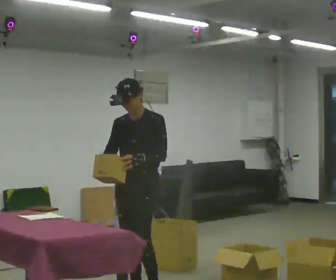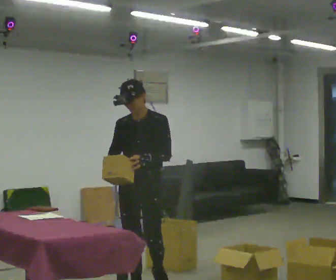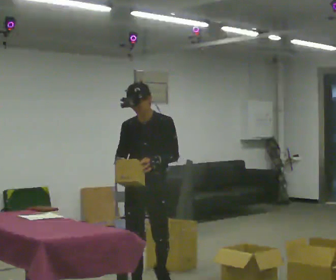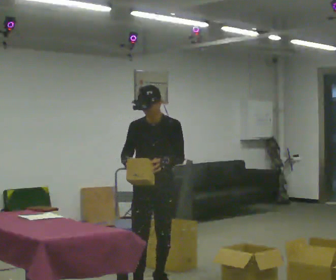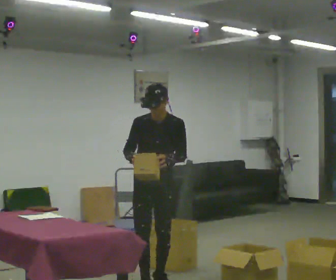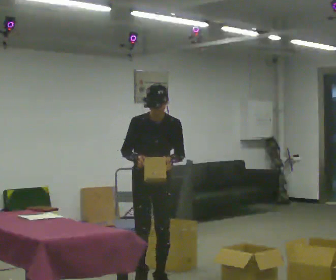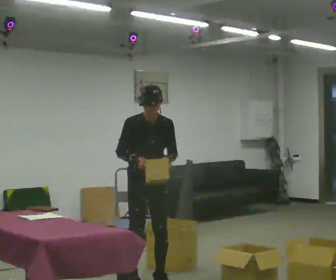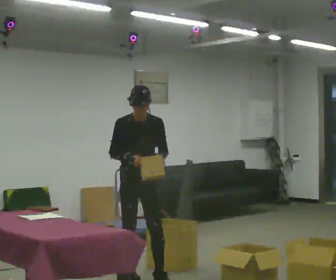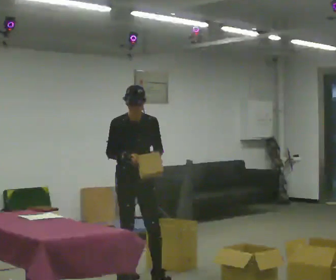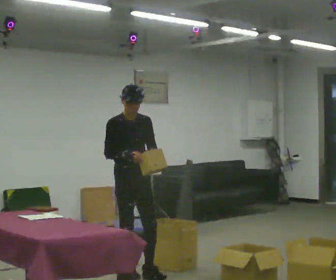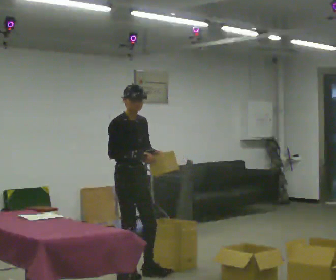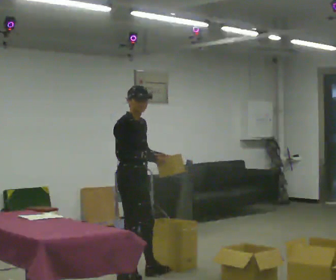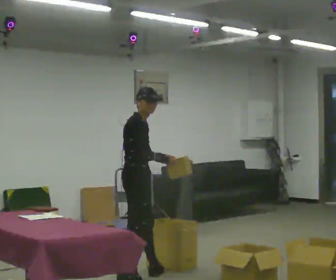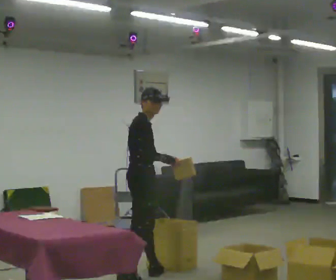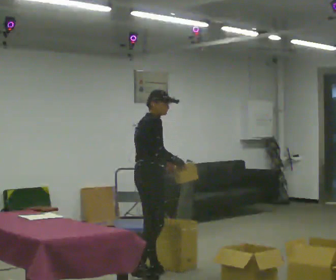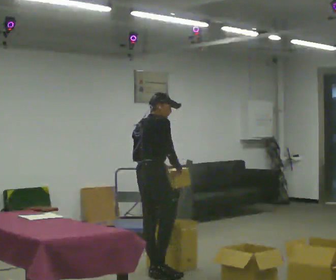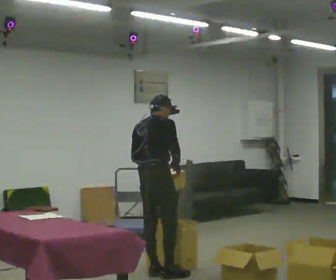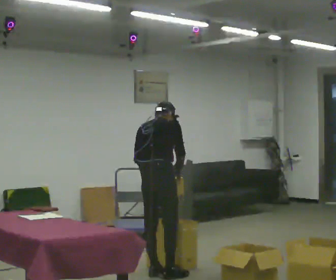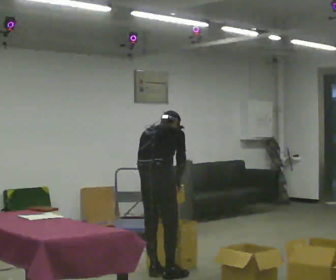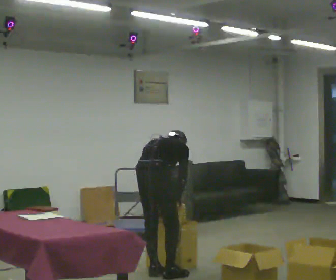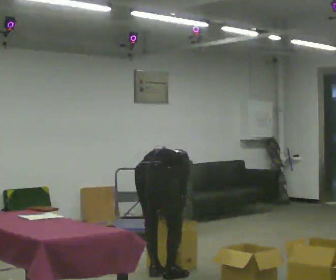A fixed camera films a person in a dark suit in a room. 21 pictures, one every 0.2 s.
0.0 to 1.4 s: The part of the body nearest the lens slides to the right as the person turns to their left by about 45 degrees. In the picture they go away from the camera, about 0.75 m in 1 step, which for them is backward.
1.4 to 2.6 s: Seen from above the body turns counterclockwise, about 75 degrees: to their left, with its near side sliding to the right. In the picture they go away from the camera, about 0.25 m in 1 step. In the picture their right hand goes to the right.
2.6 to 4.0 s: The person turns about 60 degrees to their left, counterclockwise seen from above, so the part of the body nearest the lens slides to the right. The upper body goes downward. The upper body tips away from the camera, its near side rolling upward, as they bend forward. In the picture their left hand goes downward.
The film runs backward here.
